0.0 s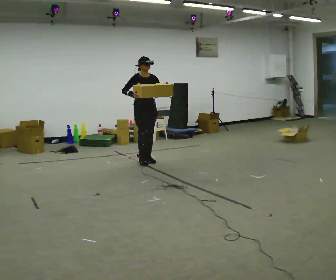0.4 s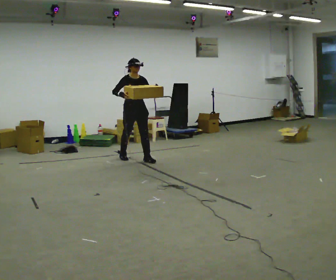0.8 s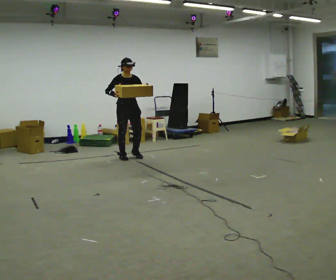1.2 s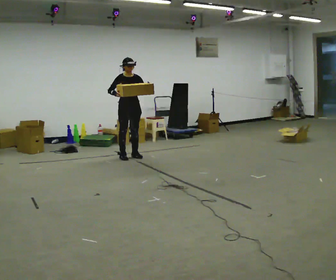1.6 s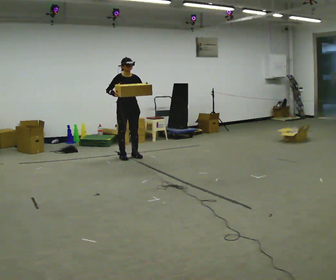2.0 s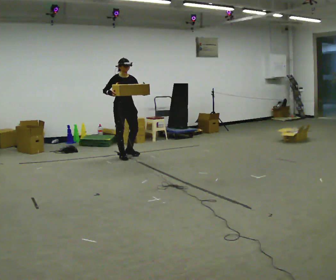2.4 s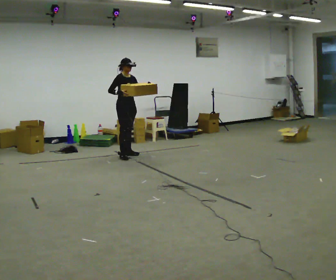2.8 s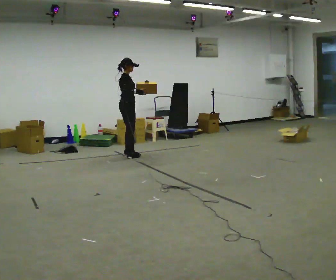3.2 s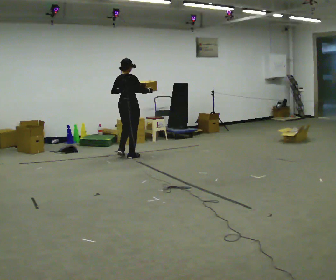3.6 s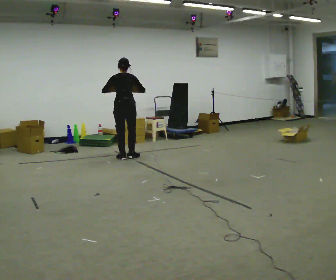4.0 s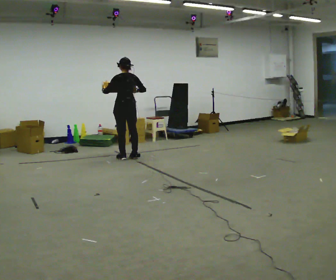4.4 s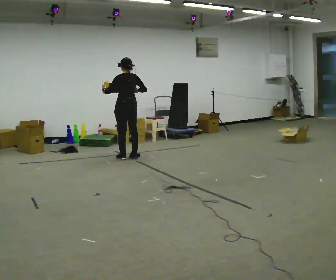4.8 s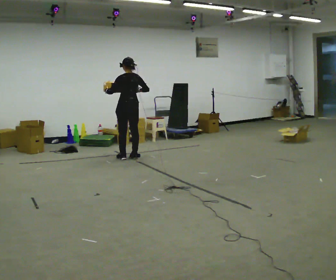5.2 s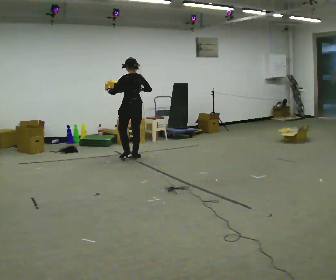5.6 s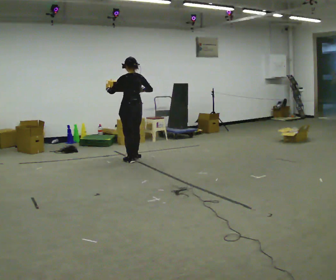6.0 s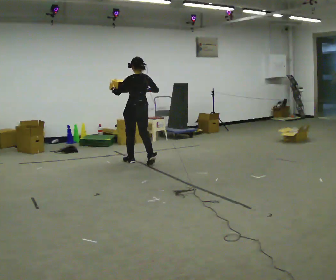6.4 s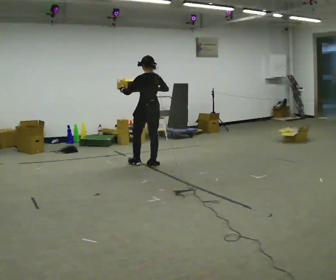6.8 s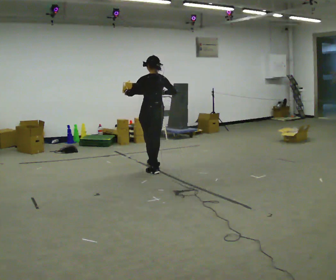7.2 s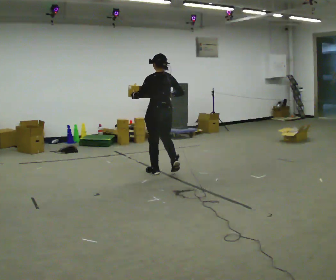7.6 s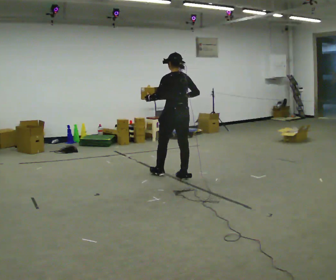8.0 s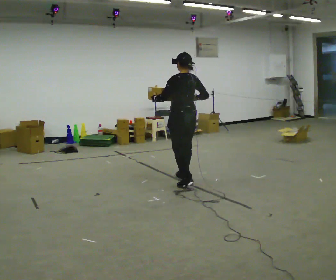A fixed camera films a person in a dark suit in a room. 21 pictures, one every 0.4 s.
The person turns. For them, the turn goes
to their left.
The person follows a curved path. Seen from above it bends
counterclockwise.
0.0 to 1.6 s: In the picture they go away from the camera and to the left, about 0.5 m in 1 step, which for them is backward.
1.6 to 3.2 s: Seen from above the body turns counterclockwise, about 120 degrees: to their left, with its near side sliding to the right. In the picture their left hand goes to the left.
3.2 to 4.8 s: The person turns about 60 degrees to their left, counterclockwise seen from above, so the part of the body nearest the lens slides to the right.
4.8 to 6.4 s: In the picture they go toward the camera and to the right, about 0.75 m in 3 steps, which for them is backward.
6.4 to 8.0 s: In the picture they go toward the camera, about 1 m in 2 steps, which for them is backward.
The film runs backward here.
